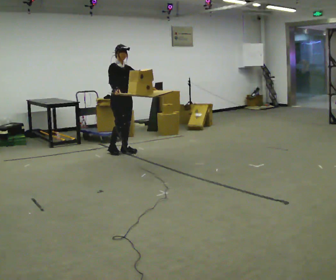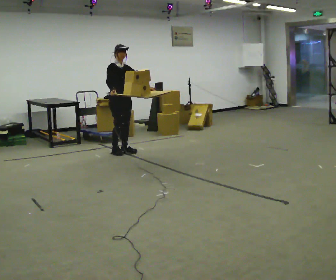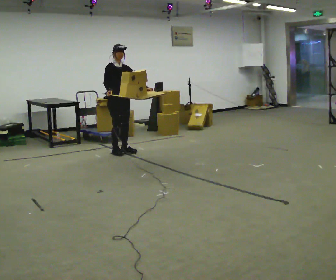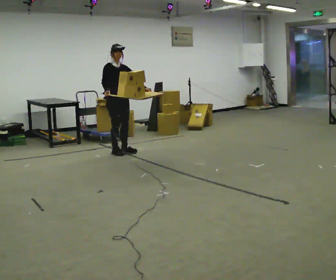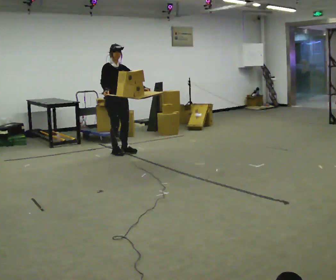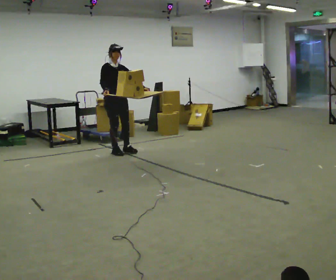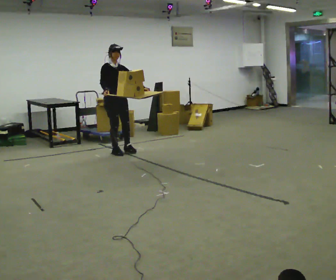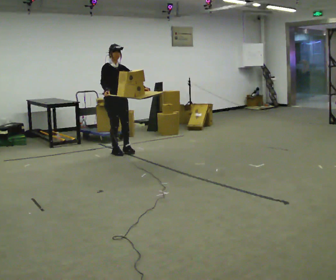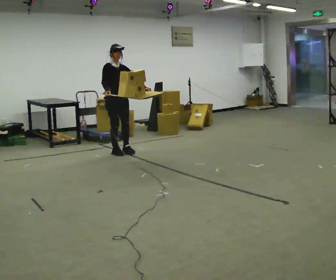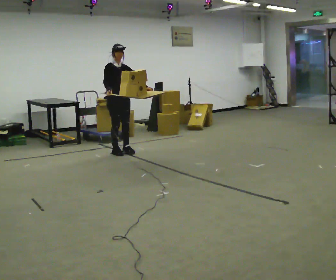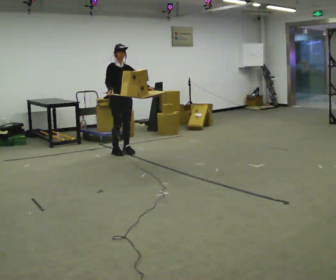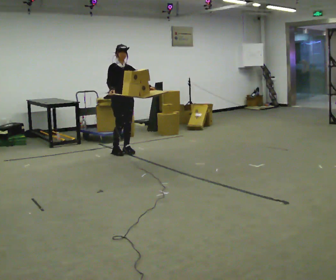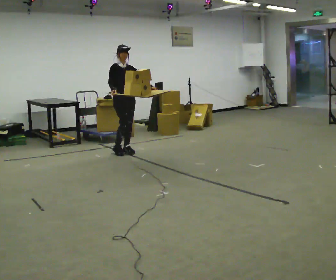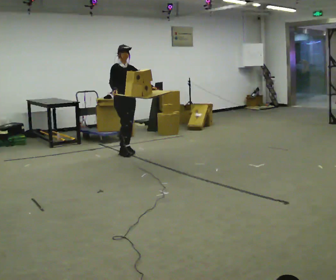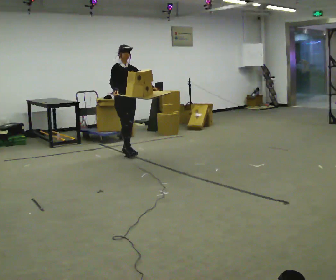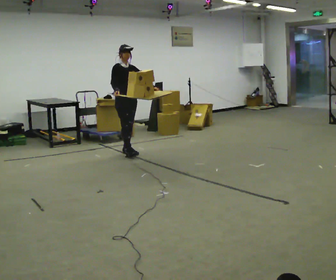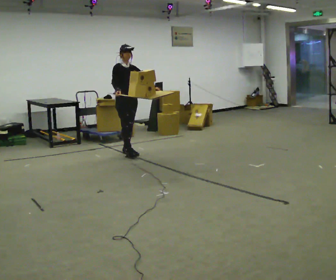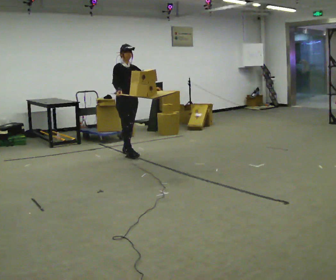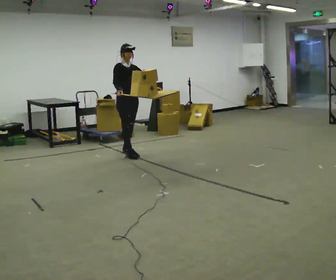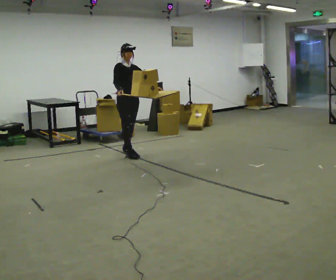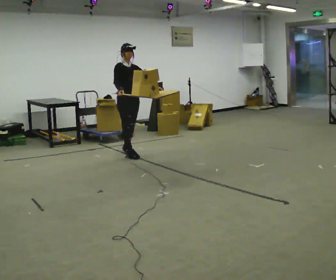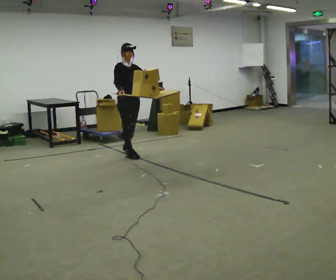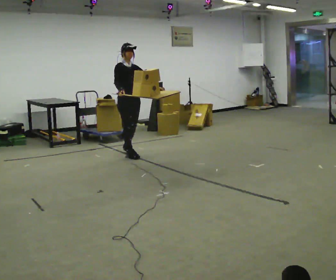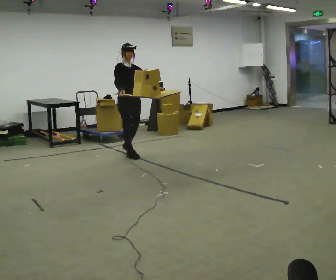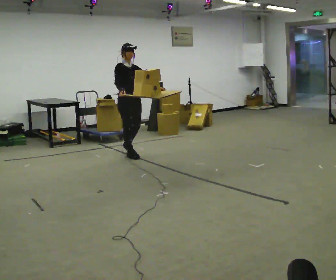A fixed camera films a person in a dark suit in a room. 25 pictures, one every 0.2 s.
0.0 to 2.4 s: The person moves a little, or ends about where they began.
2.4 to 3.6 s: In the picture they go toward the camera, about 0.25 m in 1 step, which for them is forward.
3.6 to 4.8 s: In the picture they go toward the camera, about 0.25 m, which for them is forward.
The film runs forward here.
